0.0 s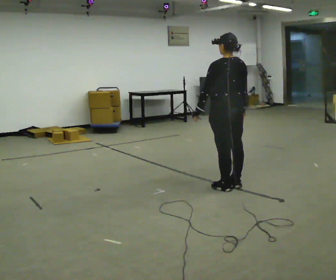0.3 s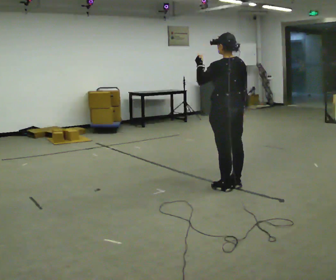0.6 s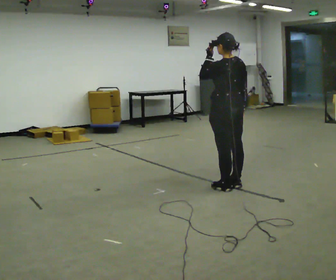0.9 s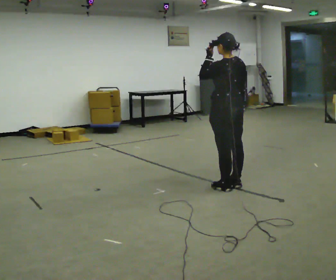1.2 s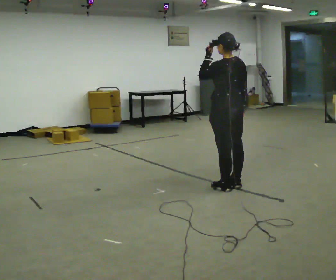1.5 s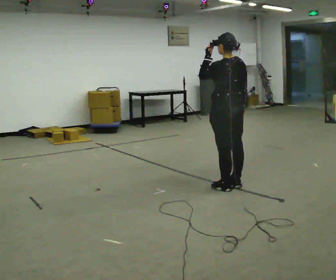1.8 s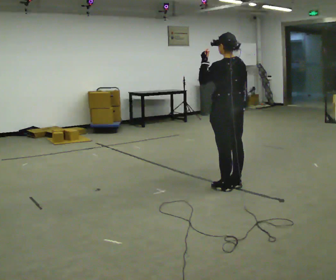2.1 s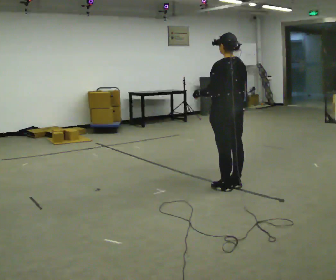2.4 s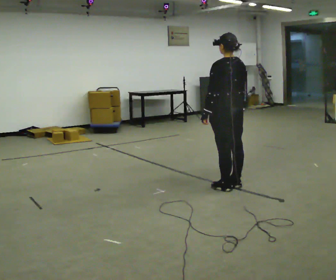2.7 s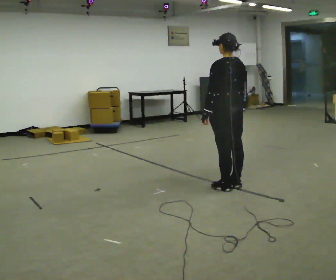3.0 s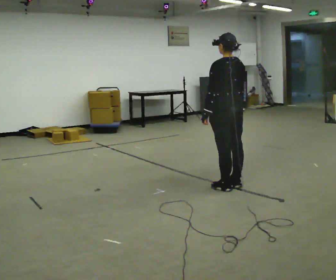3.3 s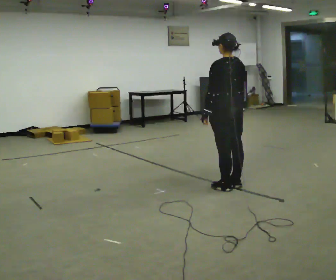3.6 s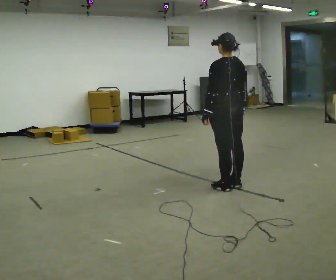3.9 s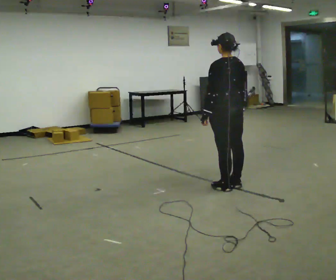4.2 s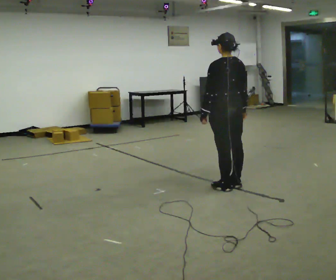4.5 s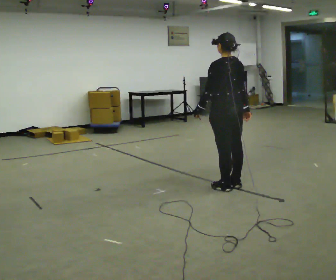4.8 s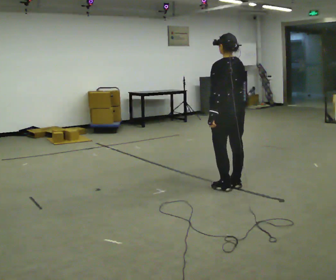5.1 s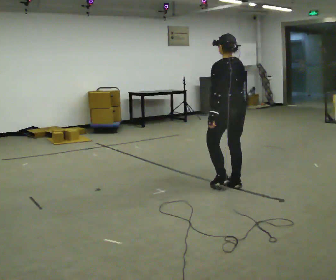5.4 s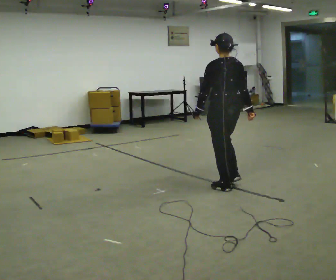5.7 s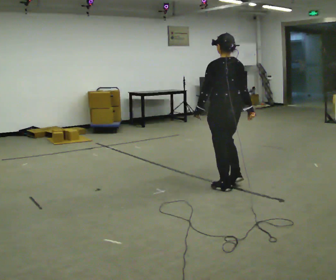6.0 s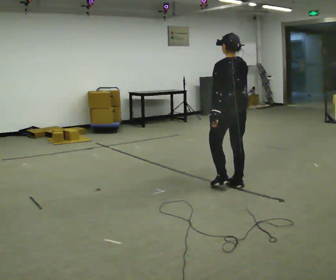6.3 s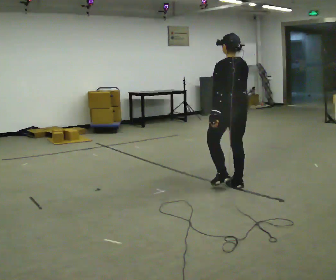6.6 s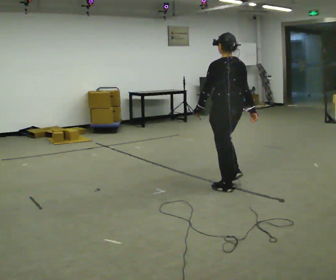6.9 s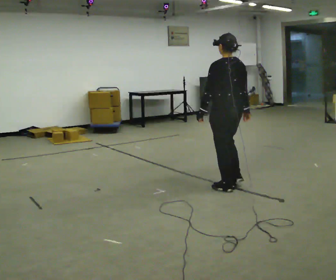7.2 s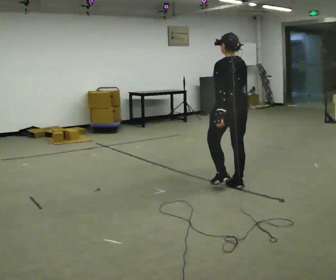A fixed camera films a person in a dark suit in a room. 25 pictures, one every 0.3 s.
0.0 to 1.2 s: In the picture their left hand goes upward.
1.2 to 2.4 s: In the picture their left hand goes downward.
2.4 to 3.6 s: The person keeps their place and pose.
3.6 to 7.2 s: The person moves a little, or ends about where they began.
The film runs backward here.
